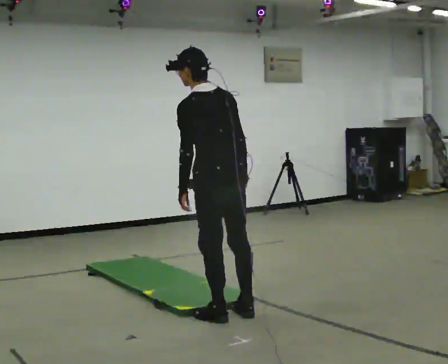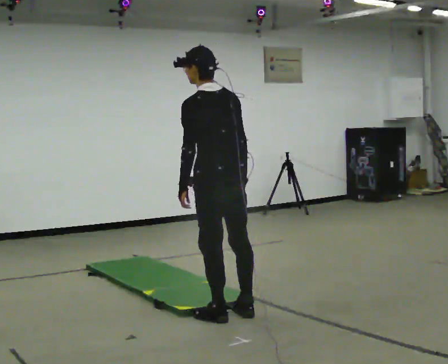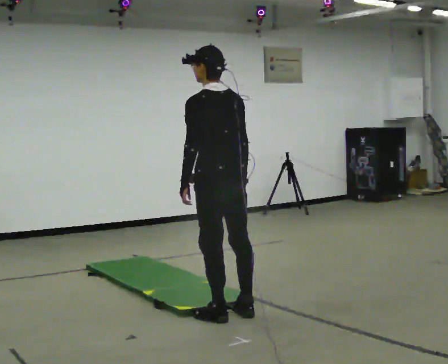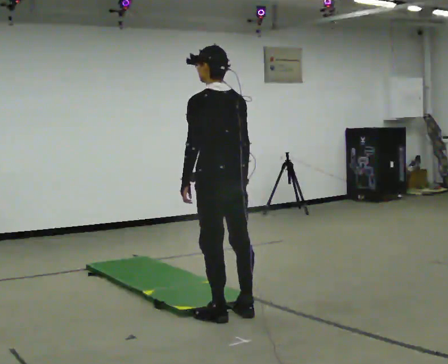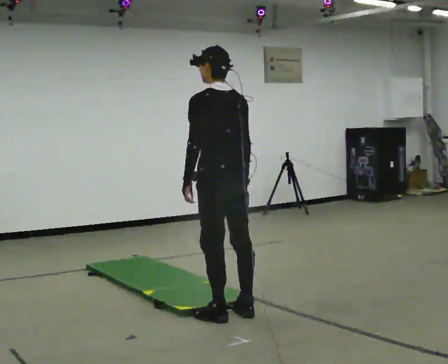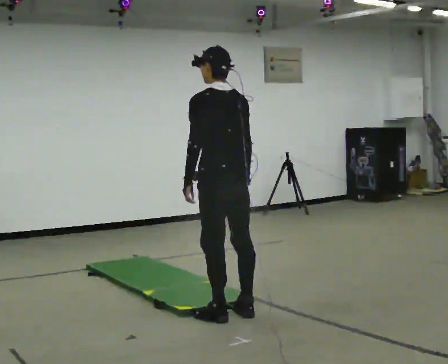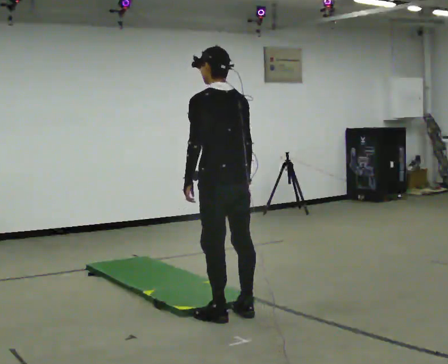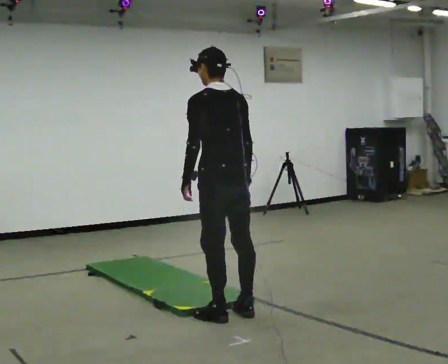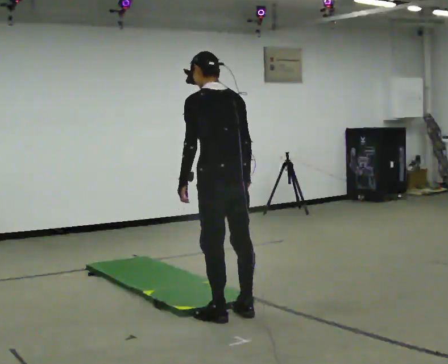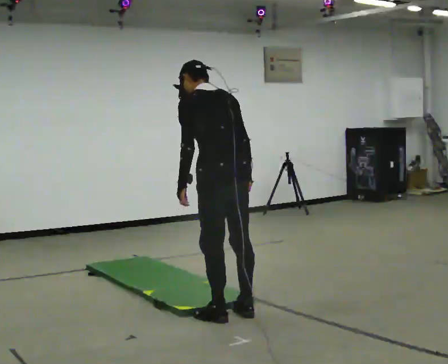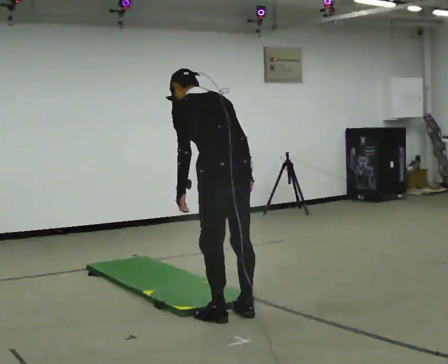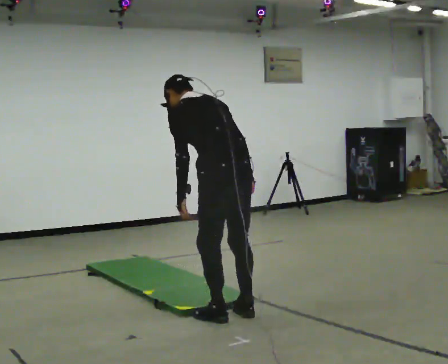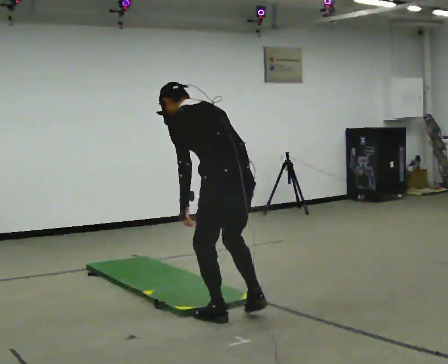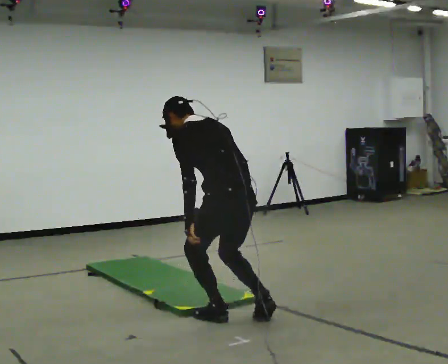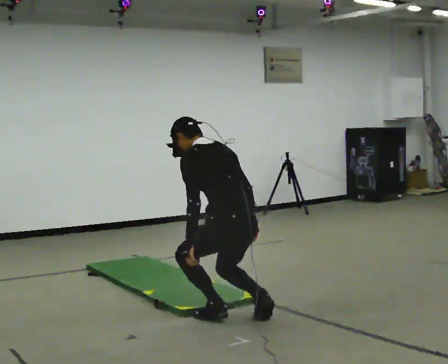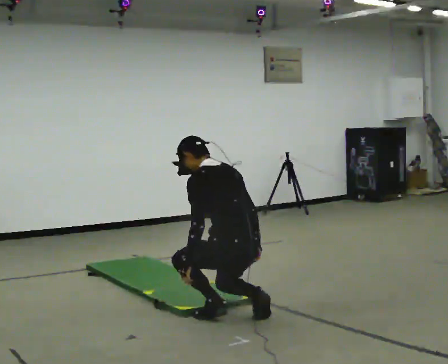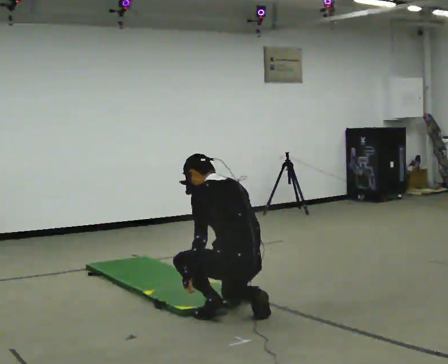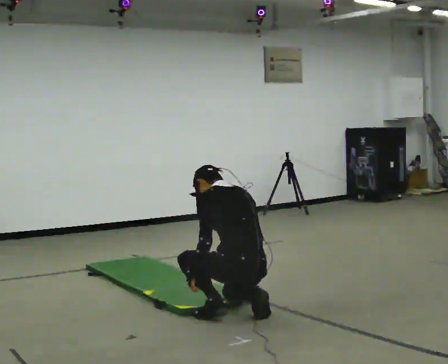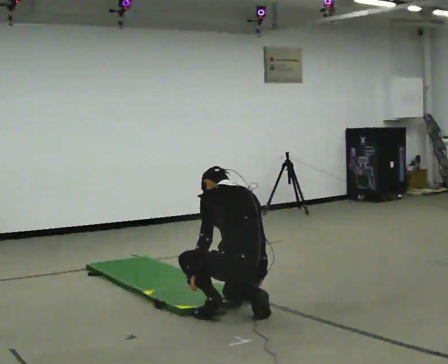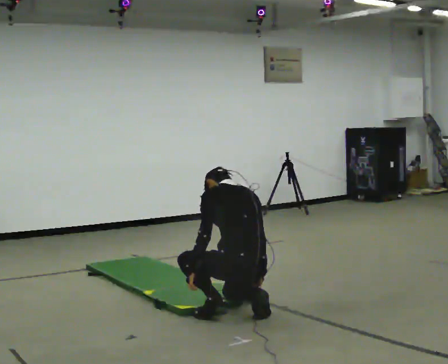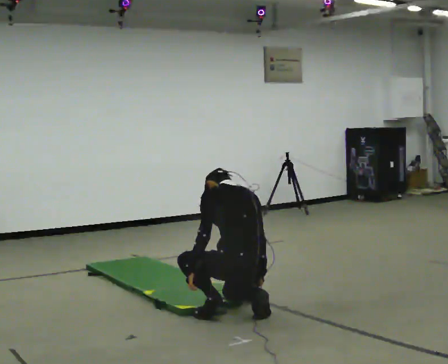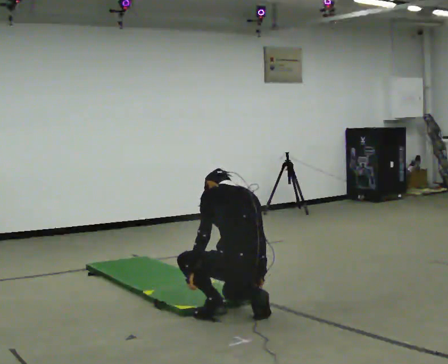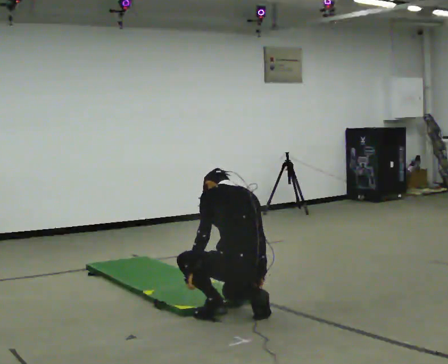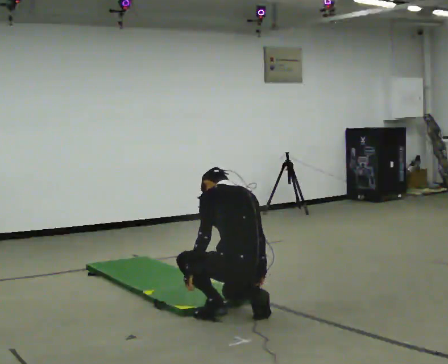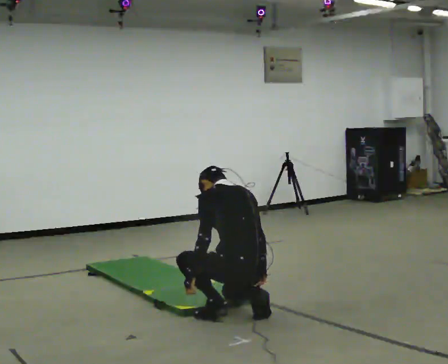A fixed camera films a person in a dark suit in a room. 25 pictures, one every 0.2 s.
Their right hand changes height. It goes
downward.
The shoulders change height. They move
downward.
0.0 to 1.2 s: The person moves a little, or ends about where they began.
1.2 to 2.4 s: In the picture the upper body tilts counterclockwise, shoulders to the left, as they bend forward.
2.4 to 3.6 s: The upper body goes downward. In the picture the upper body tilts clockwise, shoulders to the right. In the picture their left hand goes downward.
3.6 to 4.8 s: The person moves a little, or ends about where they began.
The film runs backward here.
